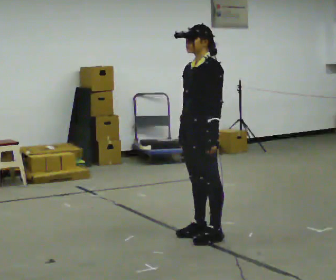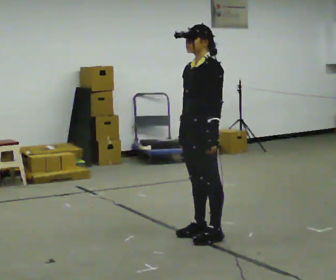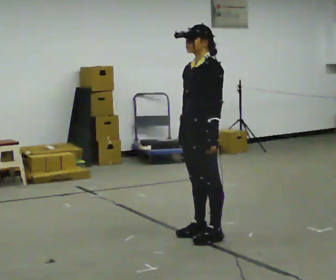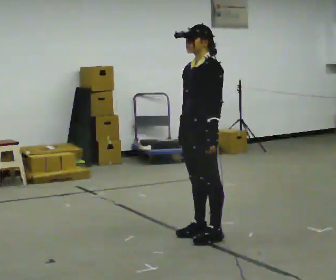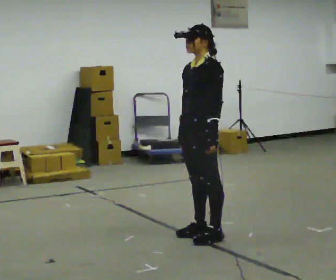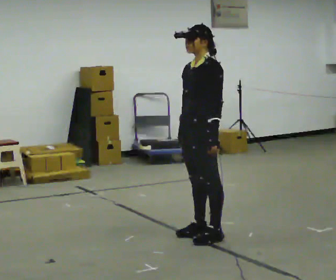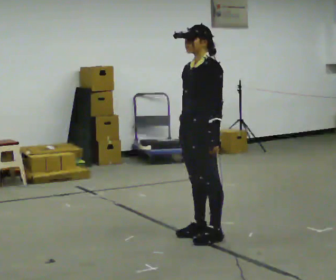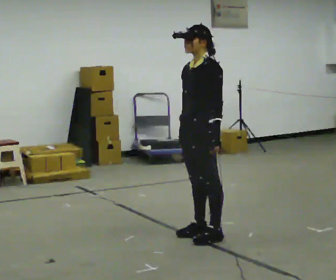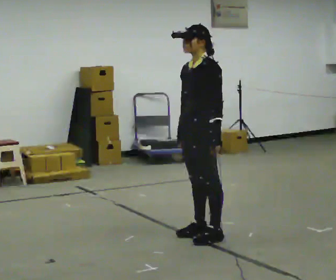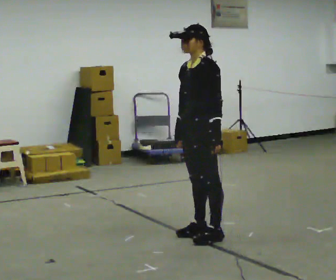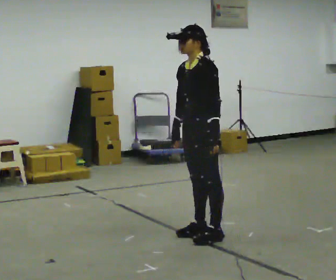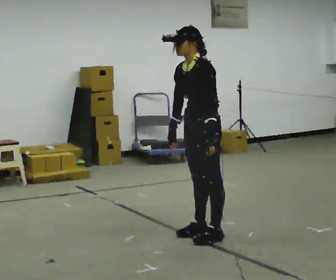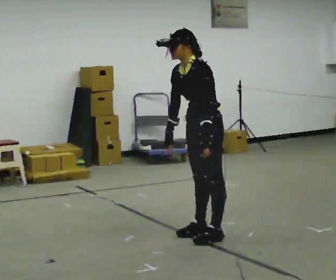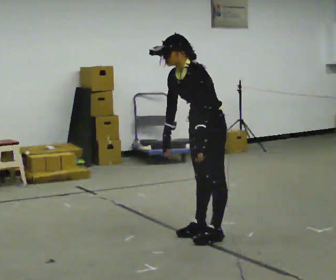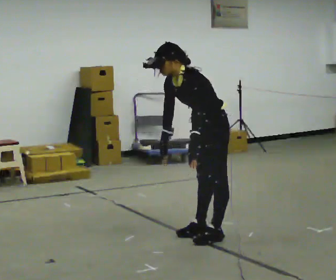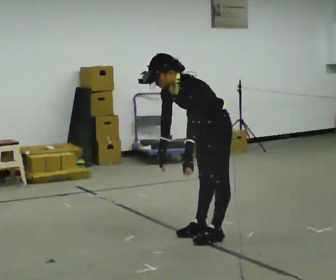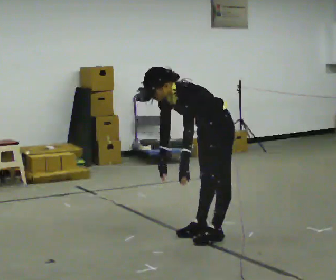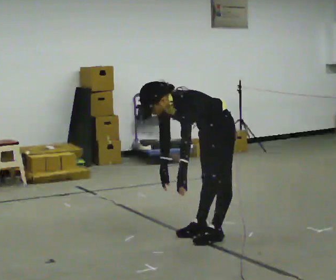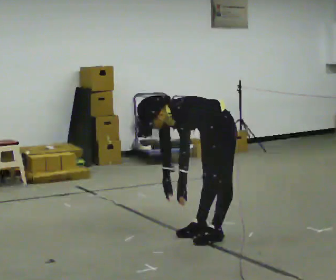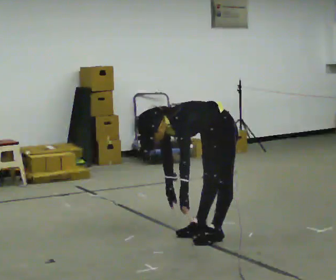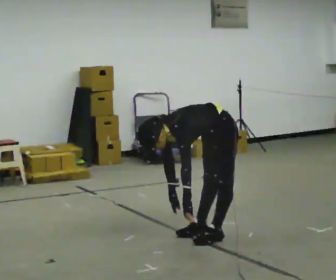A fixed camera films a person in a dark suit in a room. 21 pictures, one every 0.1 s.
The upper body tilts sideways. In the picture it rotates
counterclockwise.
The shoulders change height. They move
downward.
0.0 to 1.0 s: The person moves a little, or ends about where they began.
1.0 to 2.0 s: The upper body goes downward. In the picture the upper body tilts counterclockwise, shoulders to the left, as they bend forward. In the picture their right hand goes downward.
The film runs backward here.
